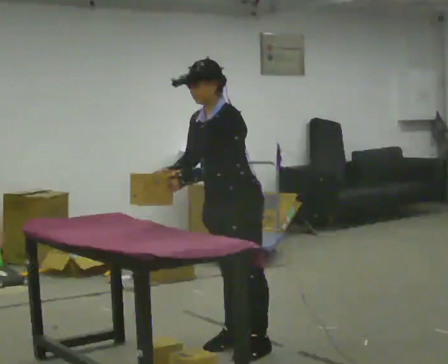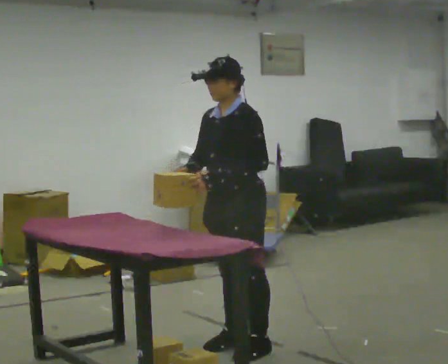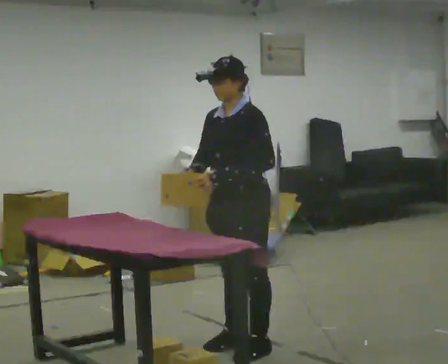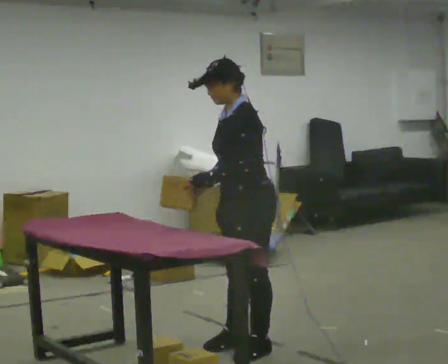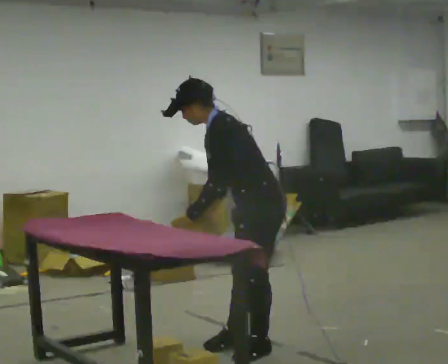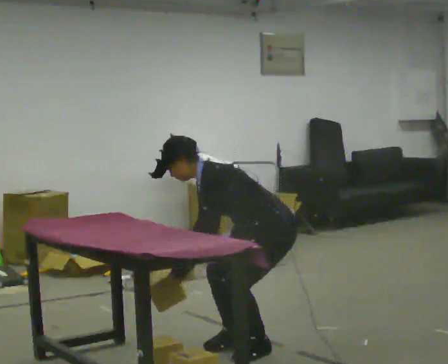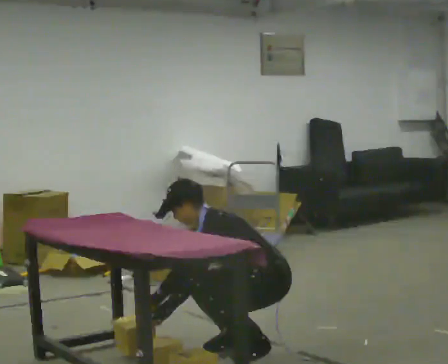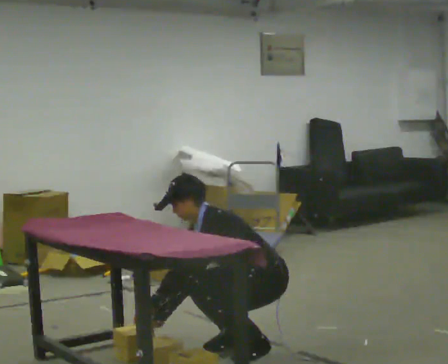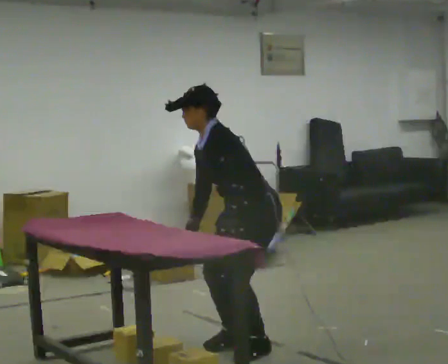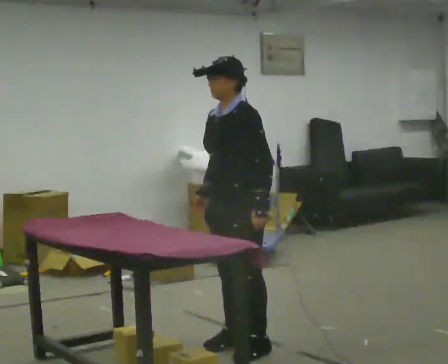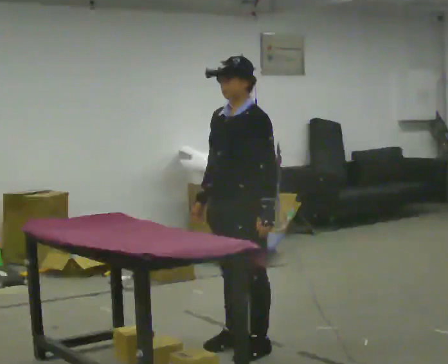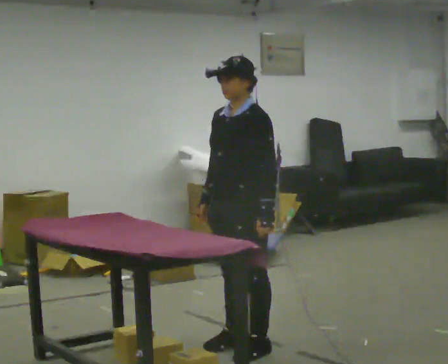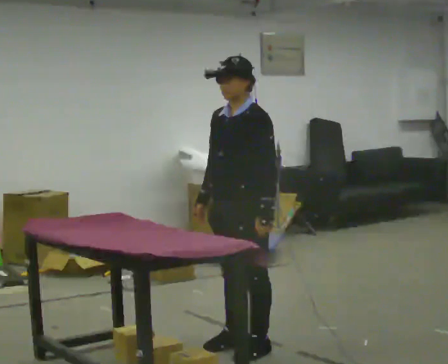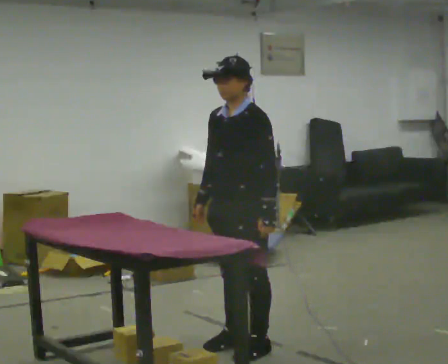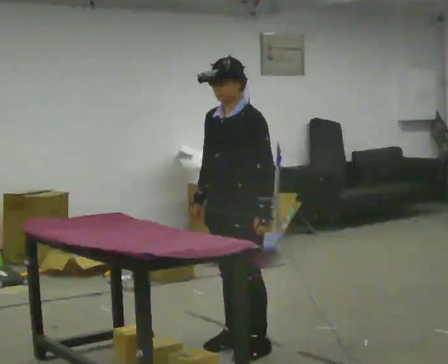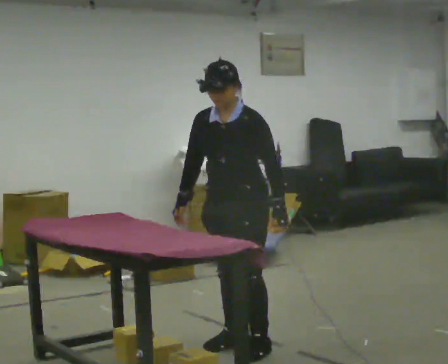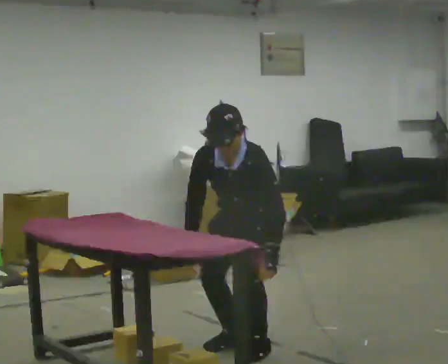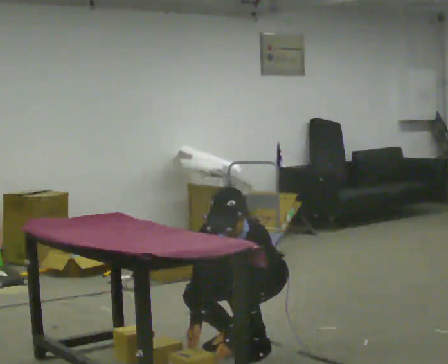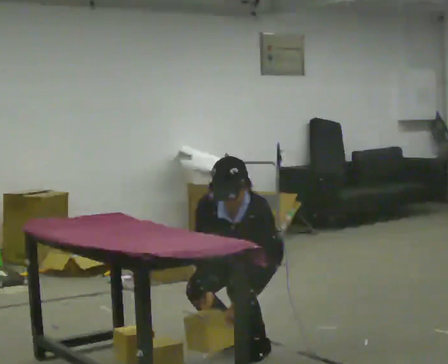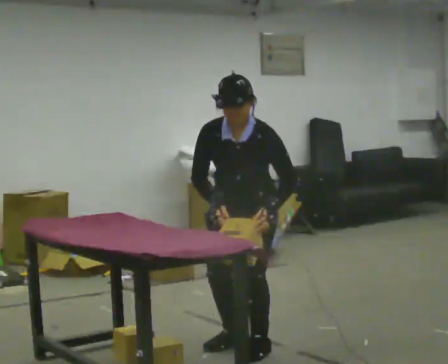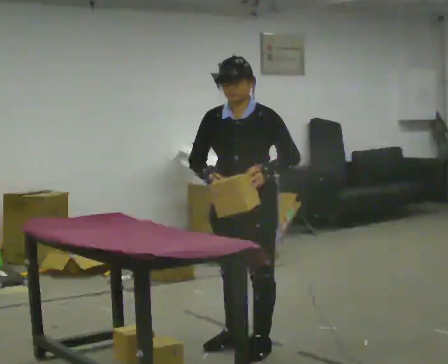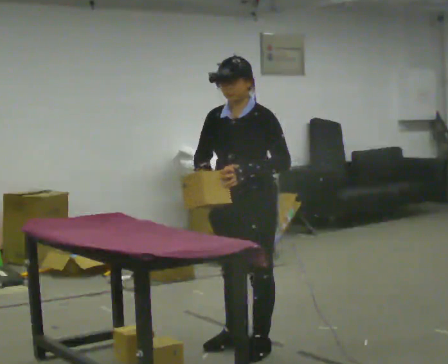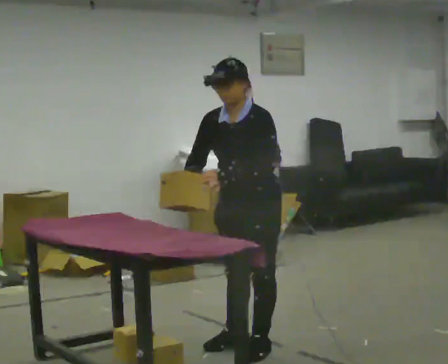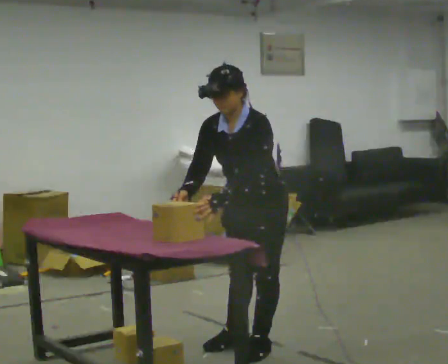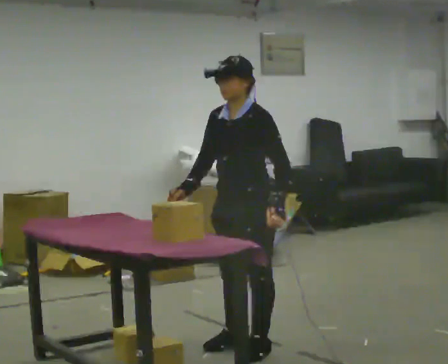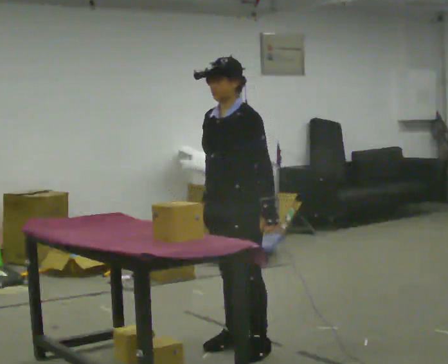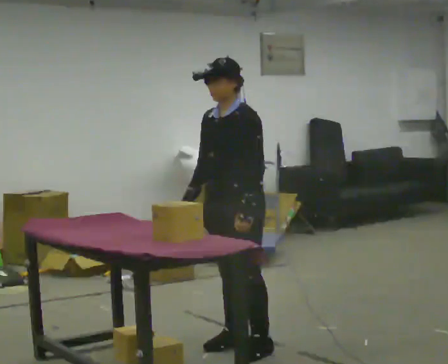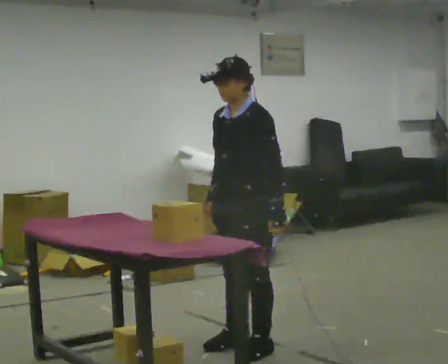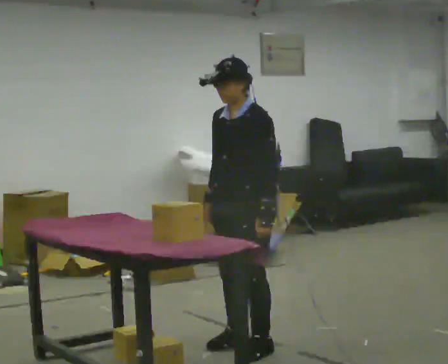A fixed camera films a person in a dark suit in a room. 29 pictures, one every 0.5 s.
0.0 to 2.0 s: The person turns about 30 degrees to their right, clockwise seen from above, so the part of the body nearest the lens slides to the left.
2.0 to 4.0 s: The person moves a little, or ends about where they began.
4.0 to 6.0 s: In the picture the upper body tilts clockwise, shoulders to the right, as they lean back or straighten.
6.0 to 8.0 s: The upper body goes downward. The upper body tips toward the camera, its near side rolling downward, as they bend forward.
8.0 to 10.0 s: In the picture their left hand goes upward.
10.0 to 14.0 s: The person moves a little, or ends about where they began.
The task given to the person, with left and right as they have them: Crouch down and place the object on the lowest shelf, then stand back up. Do not step. Repeat at your own pace until the operator says stop.
The film runs forward here.
